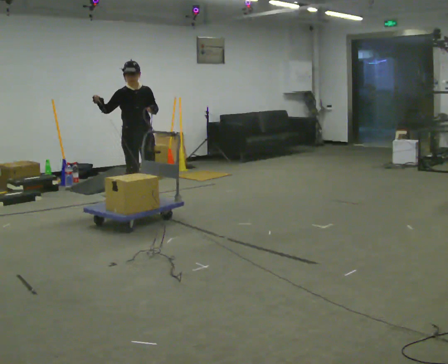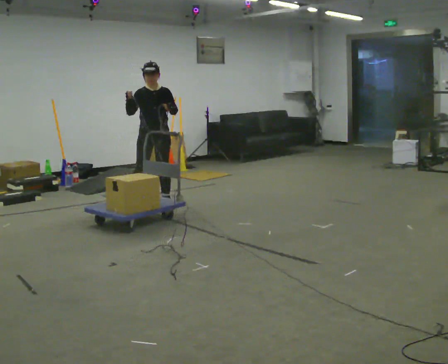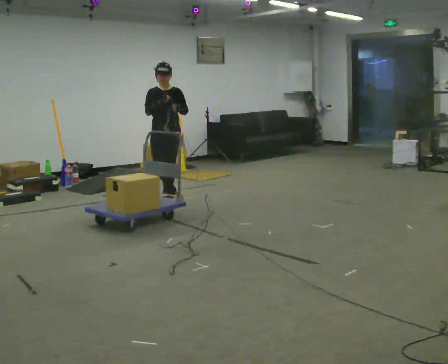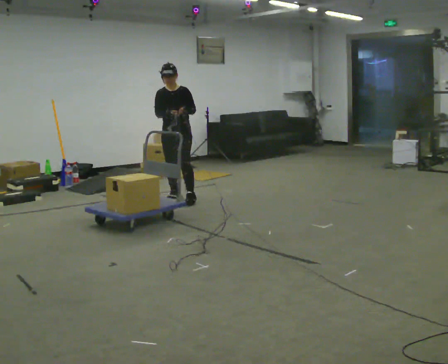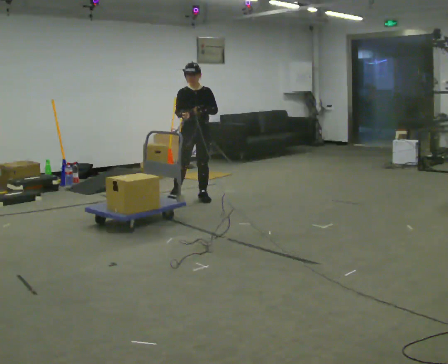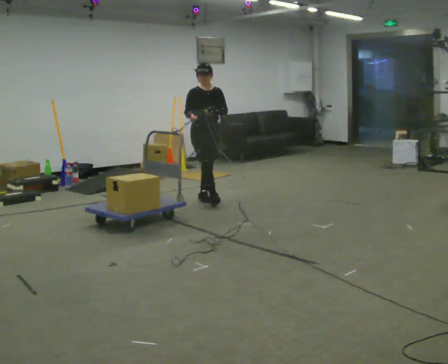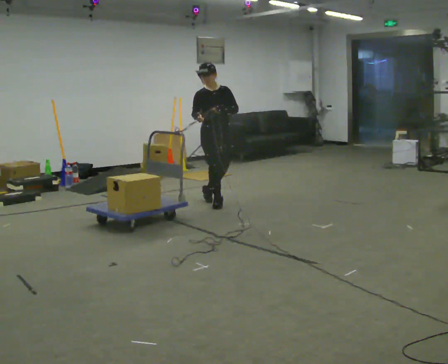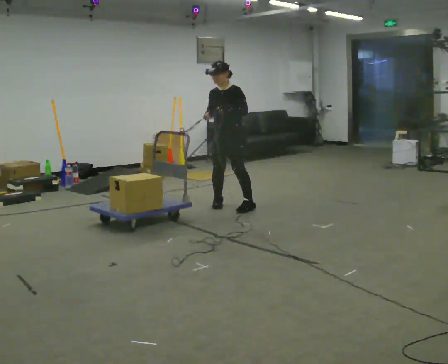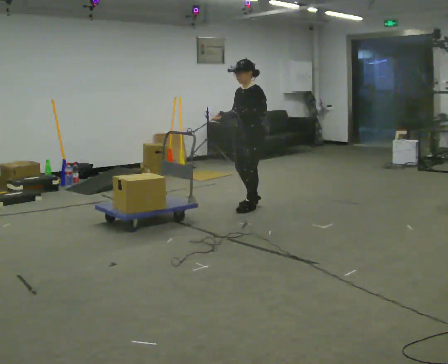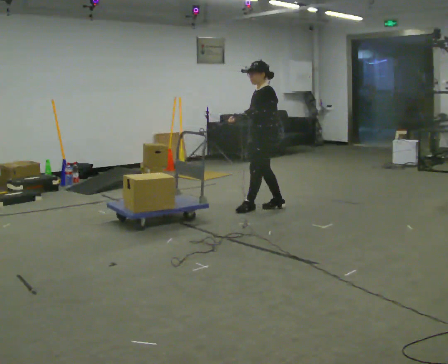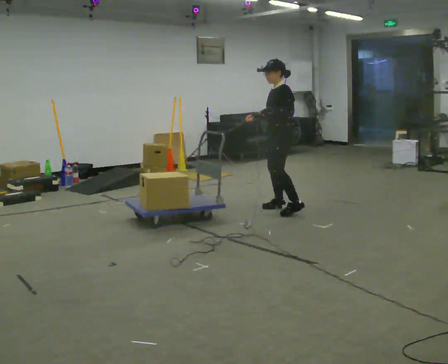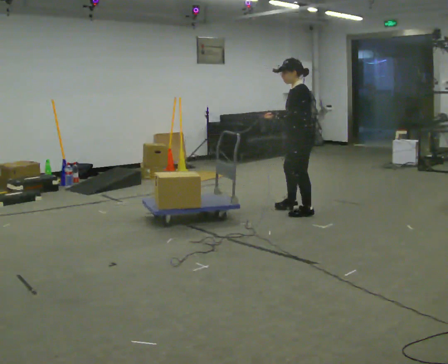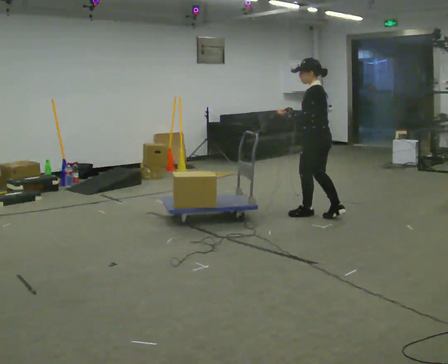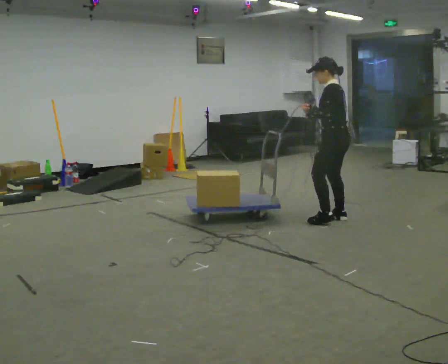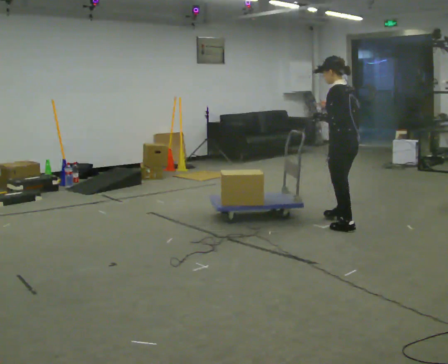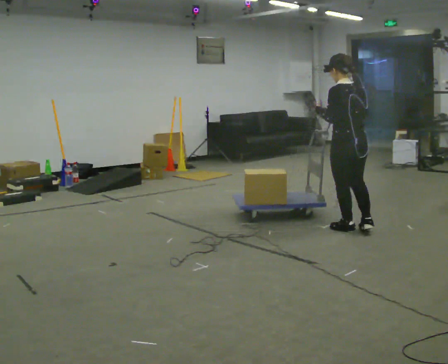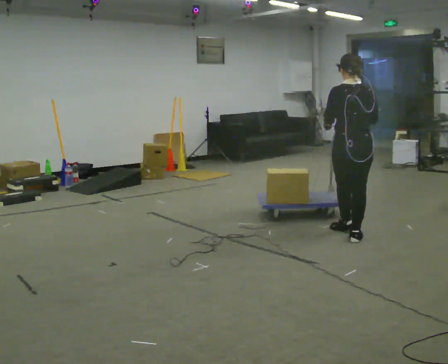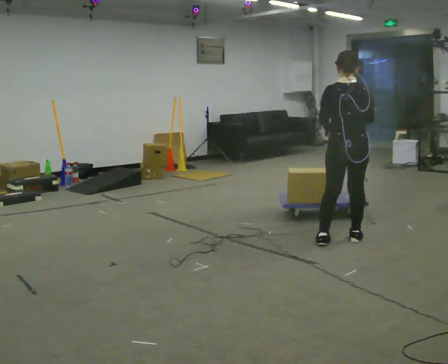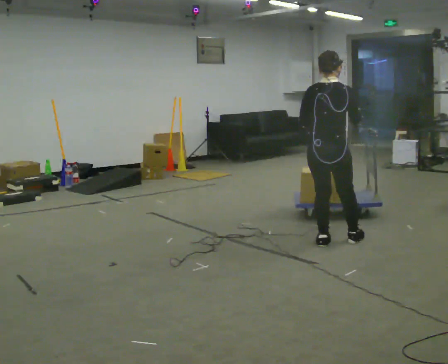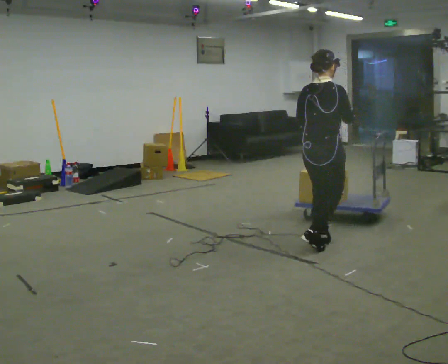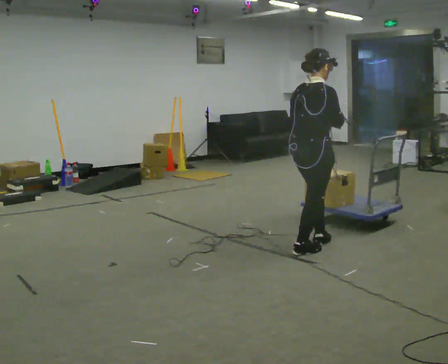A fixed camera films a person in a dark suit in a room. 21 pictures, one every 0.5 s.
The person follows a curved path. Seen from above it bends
clockwise.
0.0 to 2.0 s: In the picture they go to the right and away from the camera, about 0.5 m in 3 steps, which for them is to their left and backward.
2.0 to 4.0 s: The part of the body nearest the lens slides to the left as the person turns to their right by about 60 degrees. In the picture they go to the right and toward the camera, about 1 m in 2 steps.
4.0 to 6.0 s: The person turns about 60 degrees to their right, clockwise seen from above, so the part of the body nearest the lens slides to the left. In the picture they go to the right and toward the camera, about 1 m in 2 steps.
6.0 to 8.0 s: Seen from above the body turns clockwise, about 75 degrees: to their right, with its near side sliding to the left. In the picture they go toward the camera, about 1 m in 3 steps.
8.0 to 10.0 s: The part of the body nearest the lens slides to the left as the person turns to their right by about 45 degrees. In the picture they go to the left and toward the camera, about 0.5 m in 2 steps, which for them is backward and to their left.
The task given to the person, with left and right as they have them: Hold the rope in both hands and drag the sled towards you as you walk backward. The operator will confirm the space behind you is clear.
The film runs forward here.
